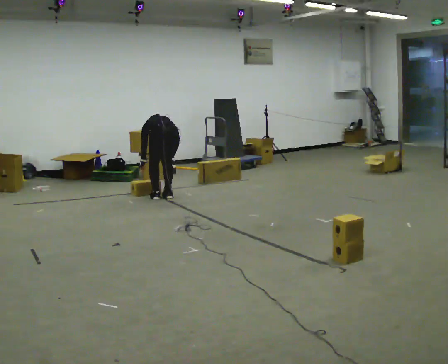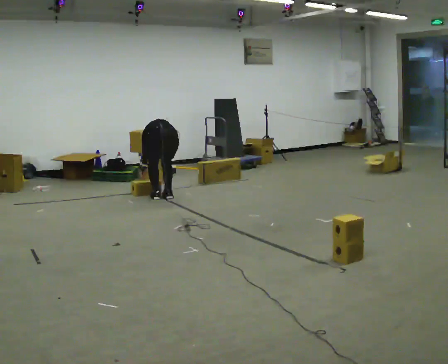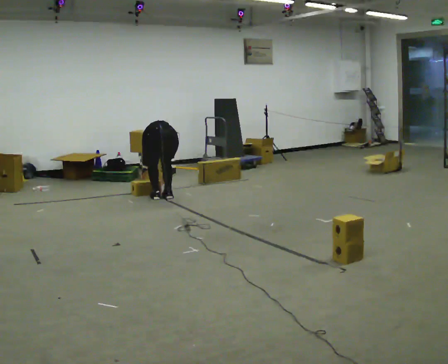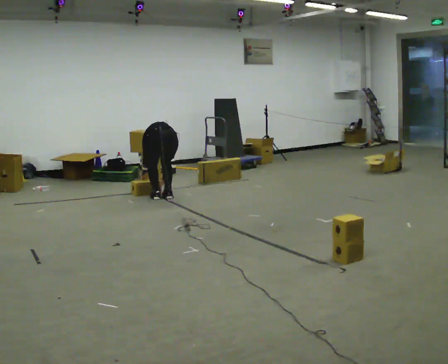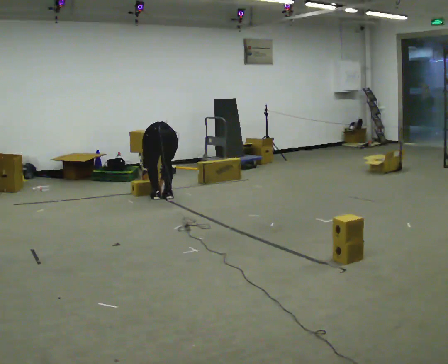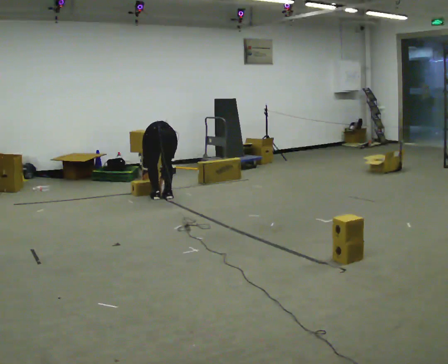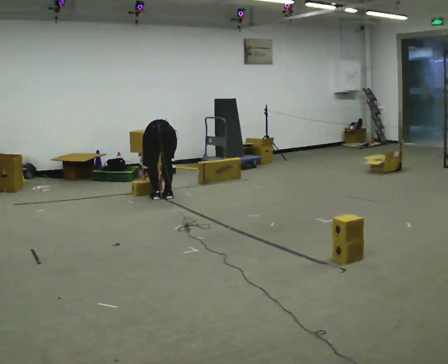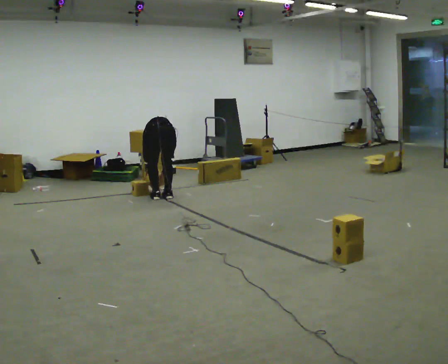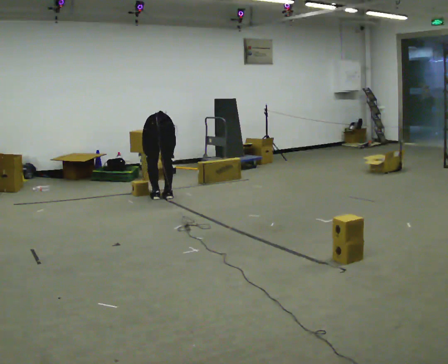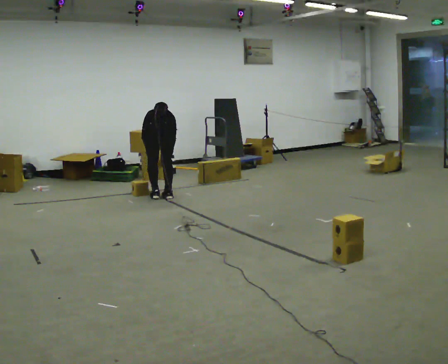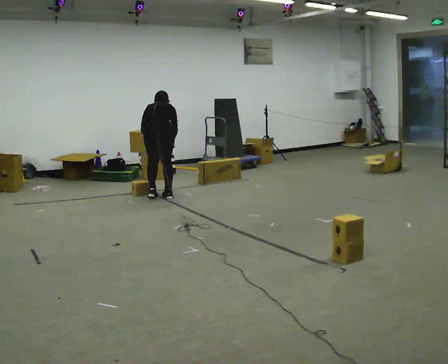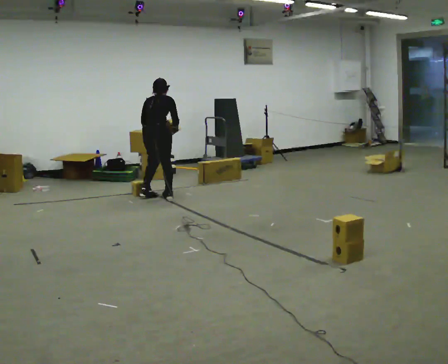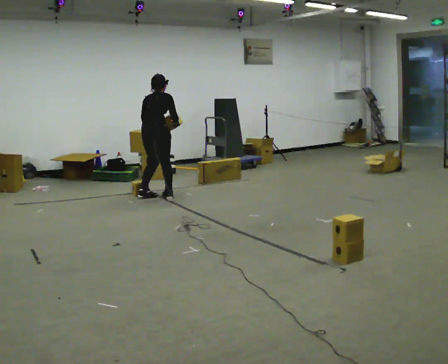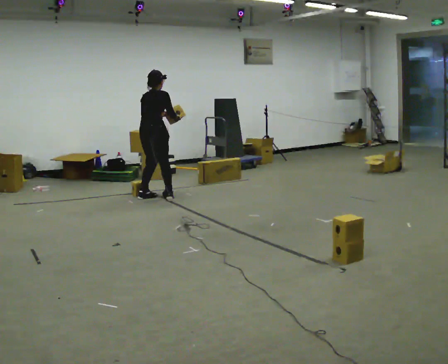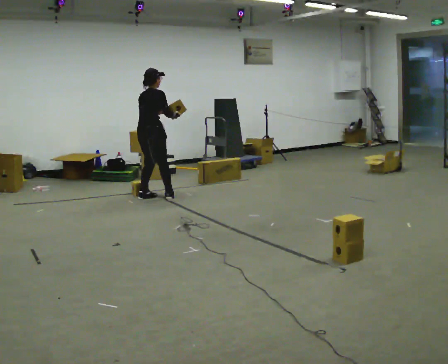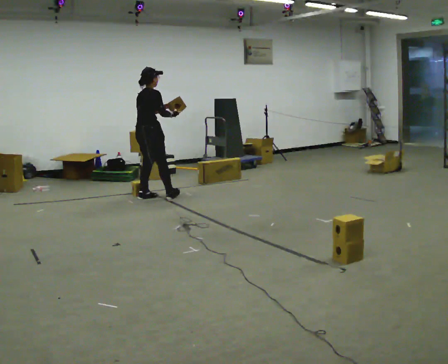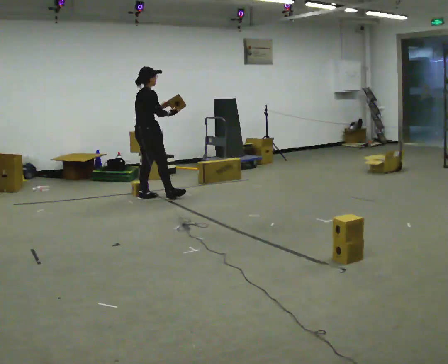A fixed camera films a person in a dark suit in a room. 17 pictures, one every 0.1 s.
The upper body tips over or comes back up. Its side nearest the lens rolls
downward.
Their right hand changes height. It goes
upward.
0.0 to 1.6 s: The person turns about 90 degrees to their right, clockwise seen from above, so the part of the body nearest the lens slides to the left. In the picture they go to the left, about 0.25 m in 1 step. The shoulders move upward. The upper body tips toward the camera, its near side rolling downward, as they lean back or straighten. In the picture their left hand goes upward.
The film runs forward here.
